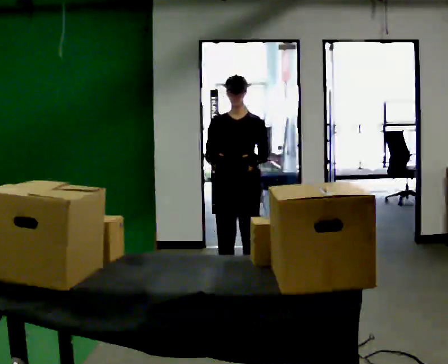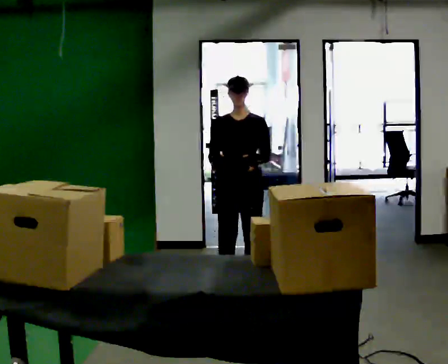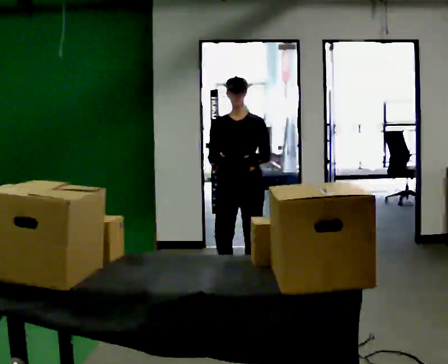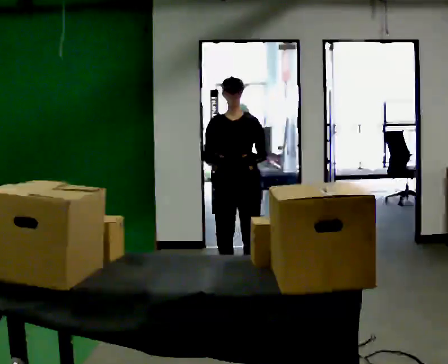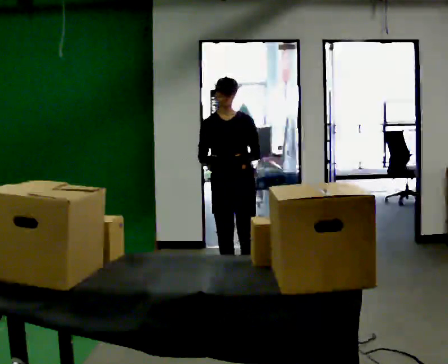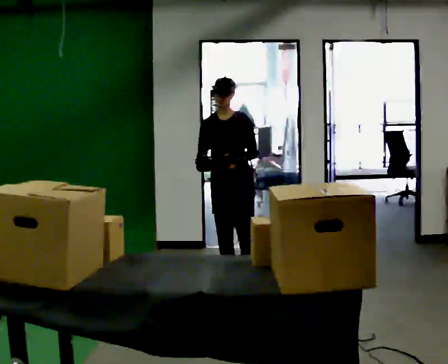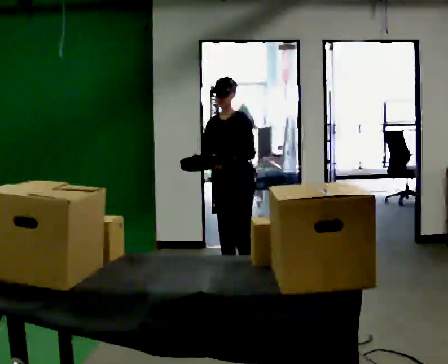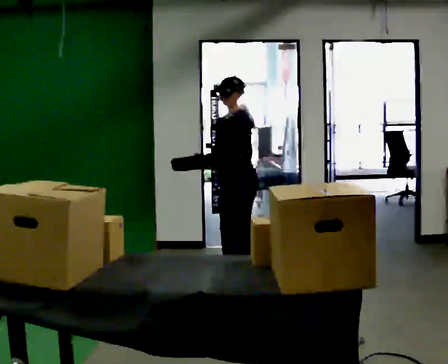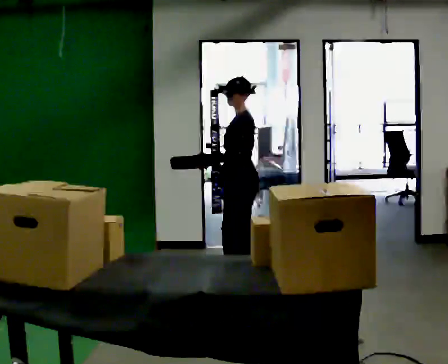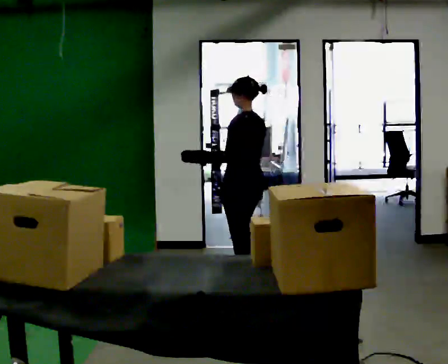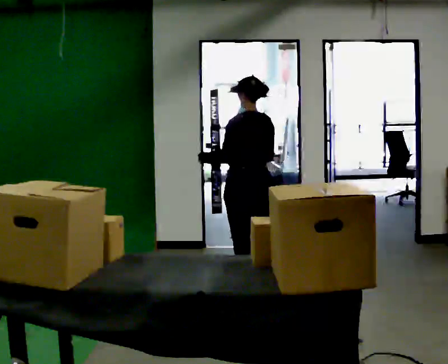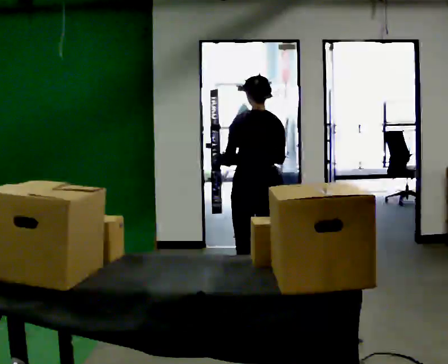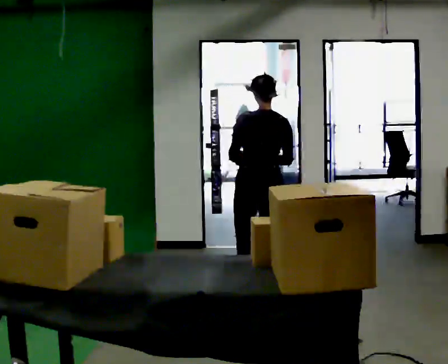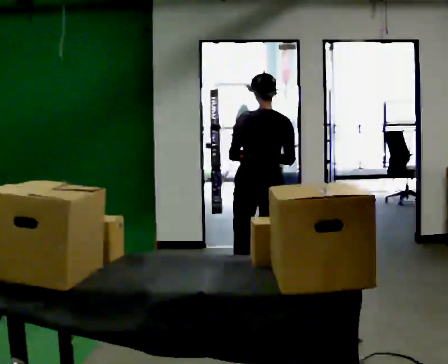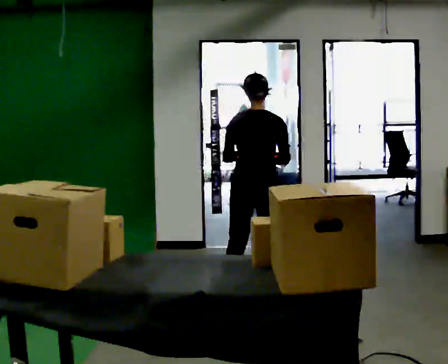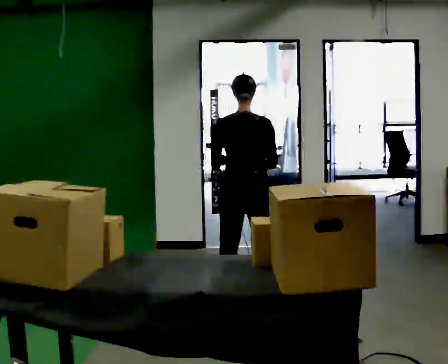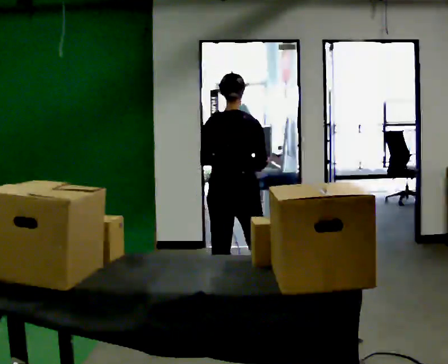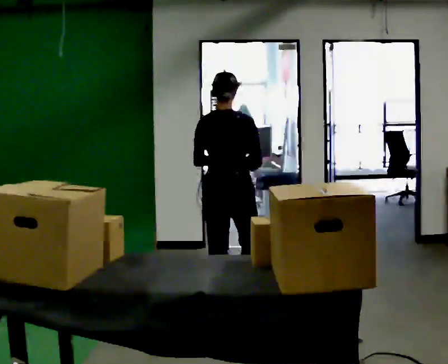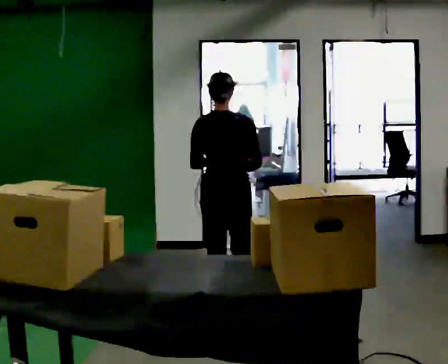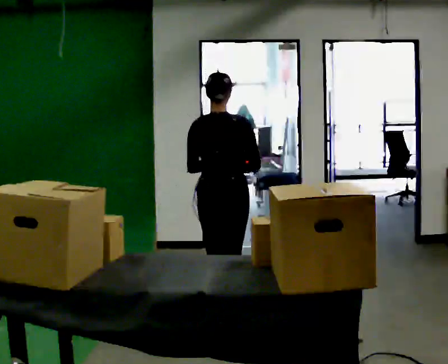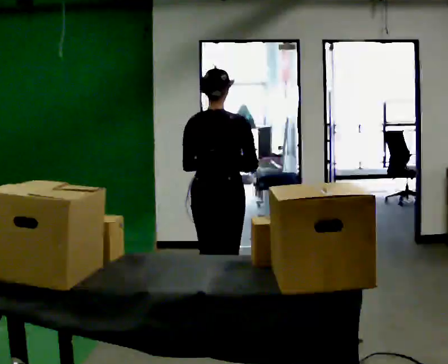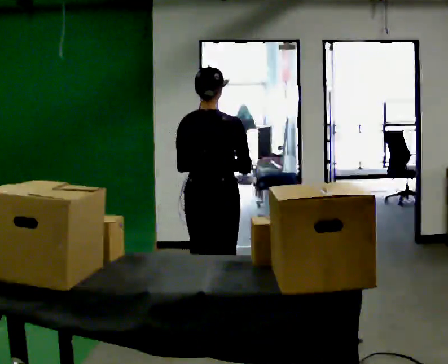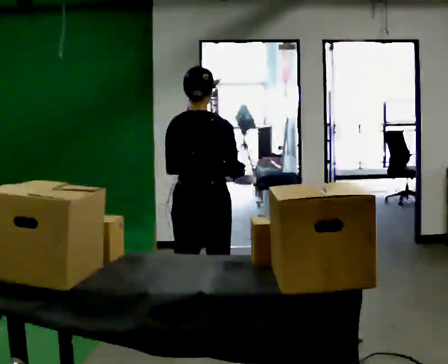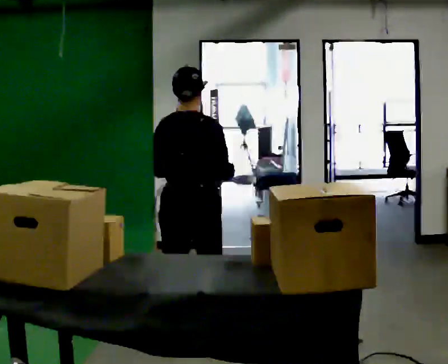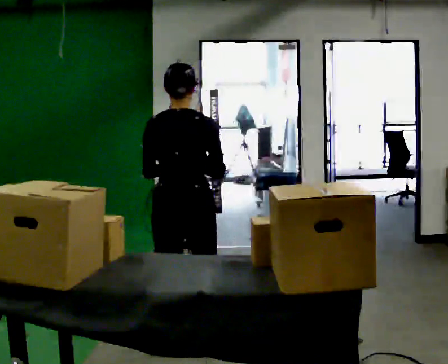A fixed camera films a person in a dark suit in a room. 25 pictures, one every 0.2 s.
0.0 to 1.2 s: The person turns about 30 degrees to their right, clockwise seen from above, so the part of the body nearest the lens slides to the left. In the picture they go away from the camera, about 0.25 m in 1 step, which for them is backward.
1.2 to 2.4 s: Seen from above the body turns clockwise, about 135 degrees: to their right, with its near side sliding to the left. In the picture they go toward the camera and to the right, about 0.5 m in 2 steps.
2.4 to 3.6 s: The person turns about 30 degrees to their right, clockwise seen from above, so the part of the body nearest the lens slides to the left. In the picture they go toward the camera and to the left, about 0.5 m in 1 step, which for them is backward.
3.6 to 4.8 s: In the picture they go toward the camera, about 0.5 m in 2 steps, which for them is backward.
The film runs backward here.
